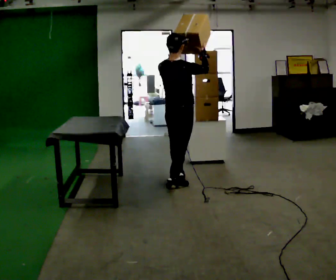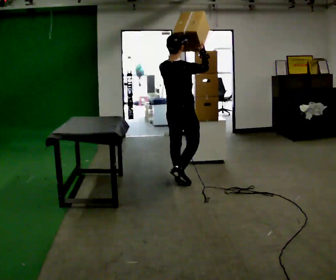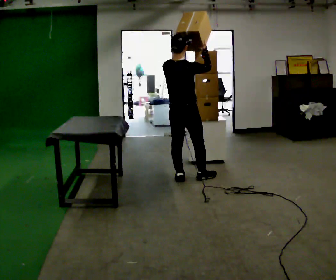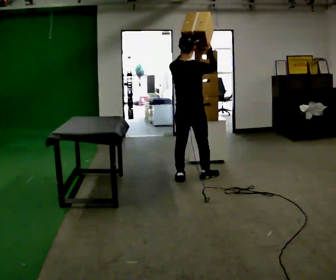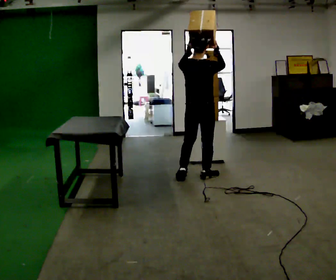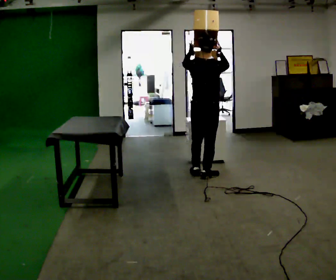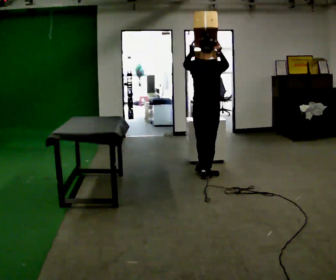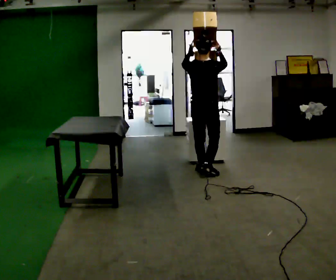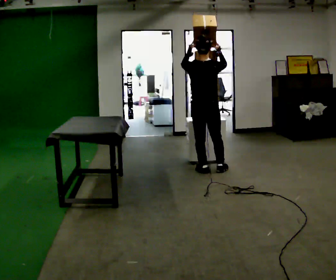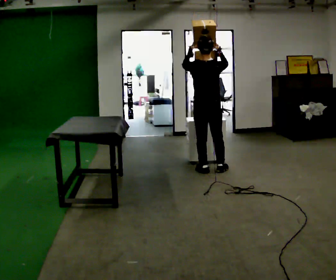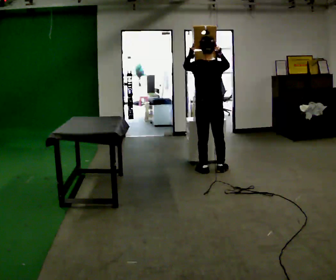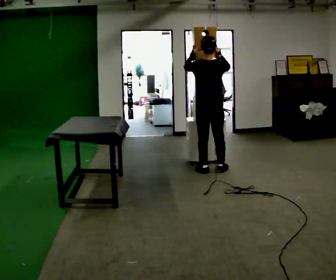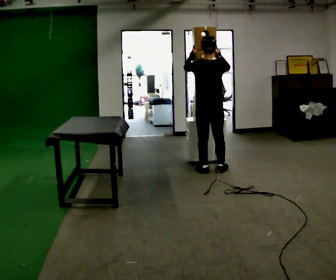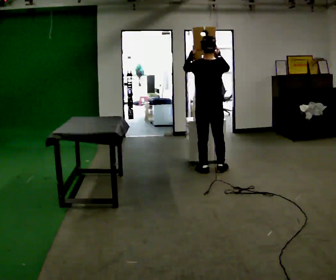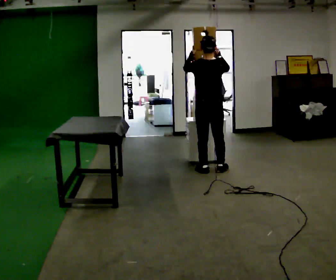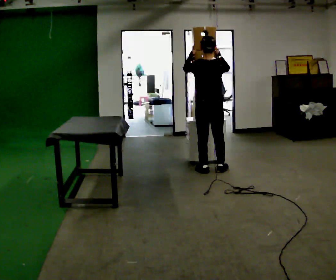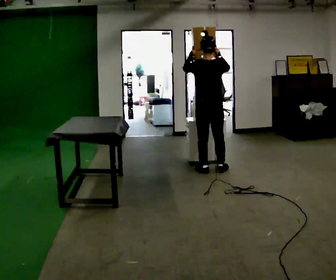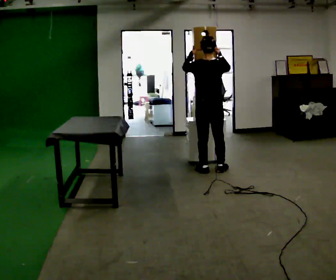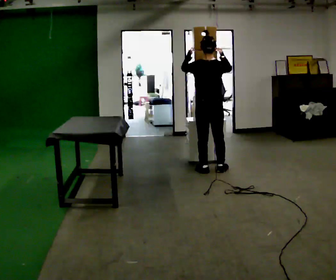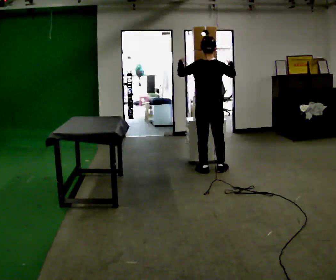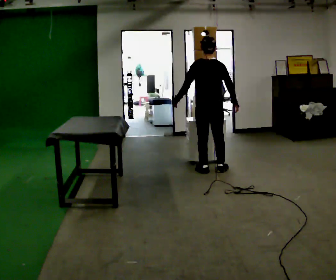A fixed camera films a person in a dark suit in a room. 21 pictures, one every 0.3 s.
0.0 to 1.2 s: In the picture they go to the right and away from the camera, about 0.25 m in 1 step, which for them is forward and to their right.
1.2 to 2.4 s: In the picture they go away from the camera, about 0.25 m in 2 steps, which for them is forward.
2.4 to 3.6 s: The person moves a little, or ends about where they began.
3.6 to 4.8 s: The person keeps their place and pose.
4.8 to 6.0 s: In the picture their right hand goes downward.
The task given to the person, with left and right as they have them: Reach up into the bin on the top shelf, take out one object at a time, and carry it to the table. Keep going until the operator says stop; one object at a time, and do not rush between trips.
The film runs forward here.
